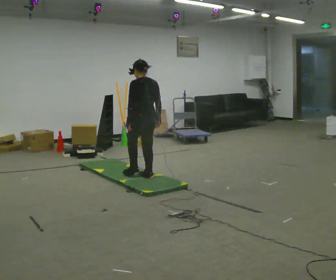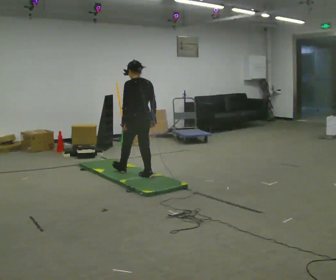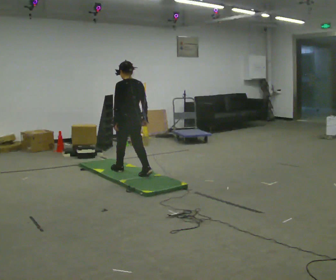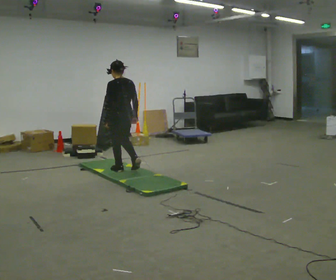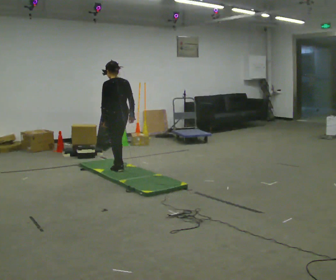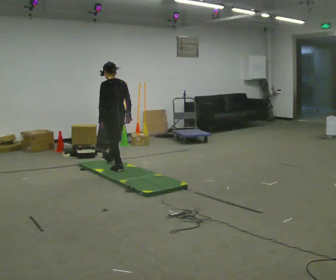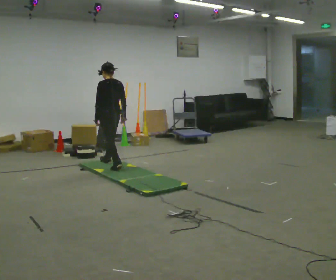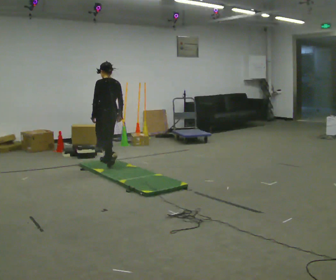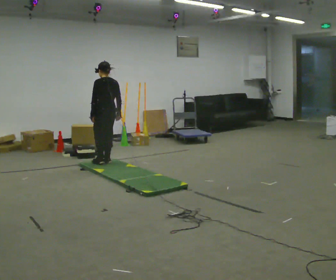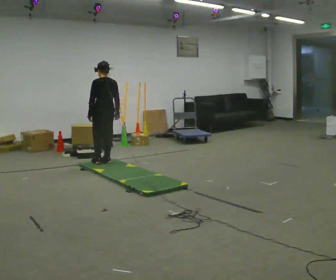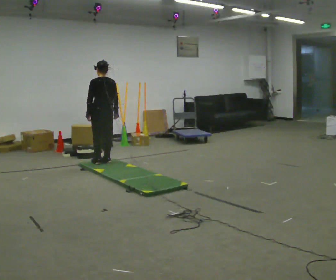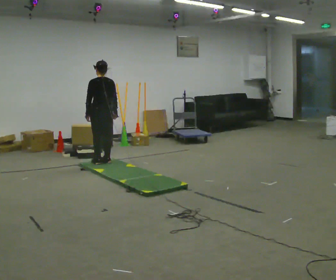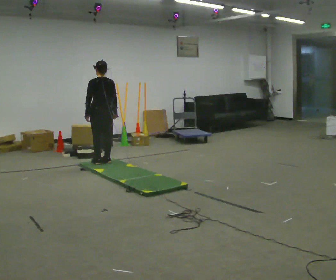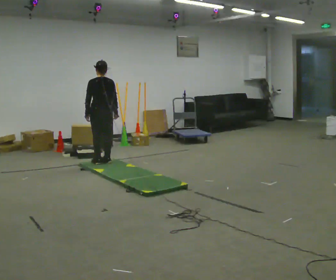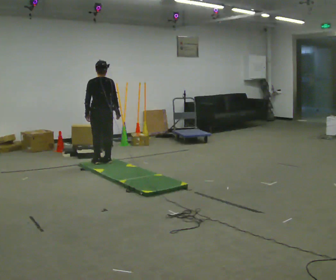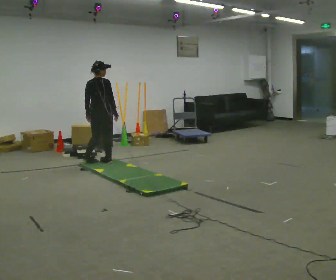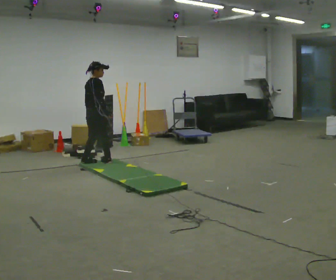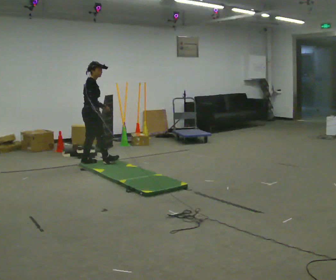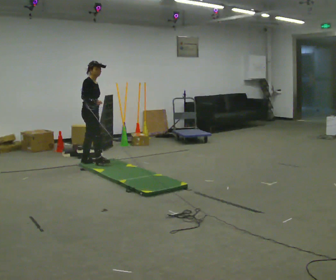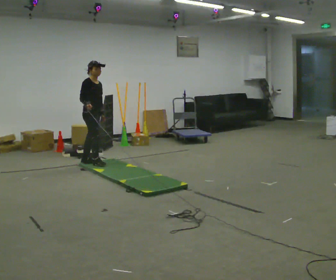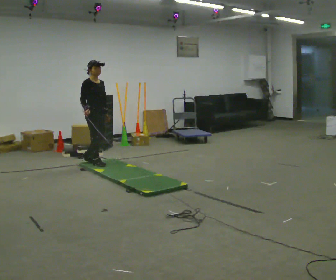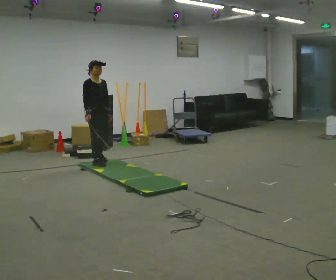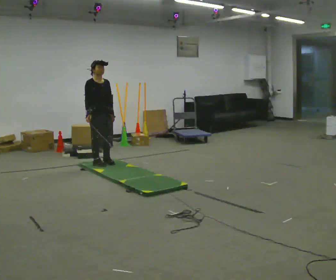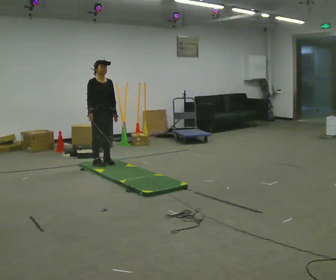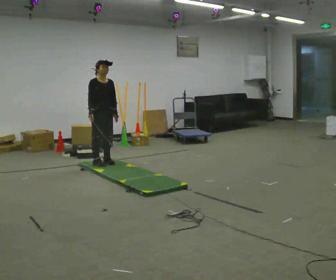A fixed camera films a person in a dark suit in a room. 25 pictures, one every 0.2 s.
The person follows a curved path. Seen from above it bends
counterclockwise.
The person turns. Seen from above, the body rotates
clockwise.
0.0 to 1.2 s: In the picture they go away from the camera and to the left, about 1 m in 2 steps, which for them is forward.
1.2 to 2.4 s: In the picture they go away from the camera, about 0.25 m in 1 step, which for them is forward.
2.4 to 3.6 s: The person turns about 120 degrees to their right, clockwise seen from above, so the part of the body nearest the lens slides to the left. In the picture they go to the left, about 0.25 m in 2 steps.
3.6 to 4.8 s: The person turns about 45 degrees to their right, clockwise seen from above, so the part of the body nearest the lens slides to the left. In the picture they go to the right, about 0.25 m in 1 step, which for them is forward.
The film runs forward here.
